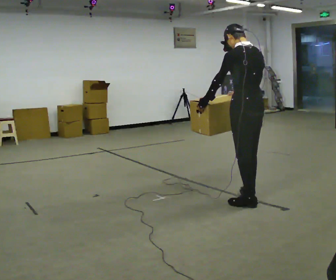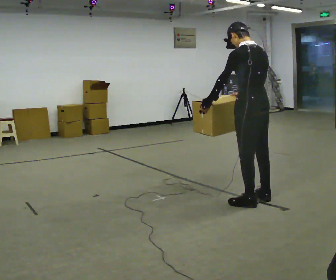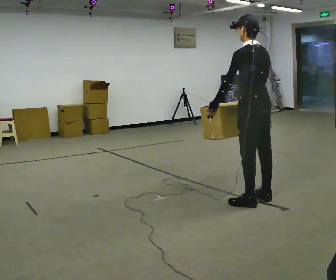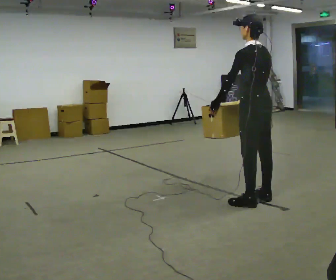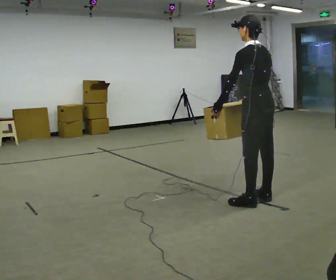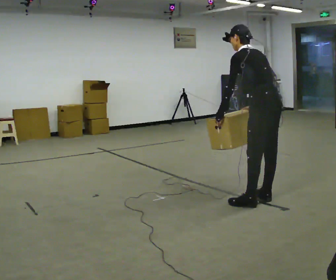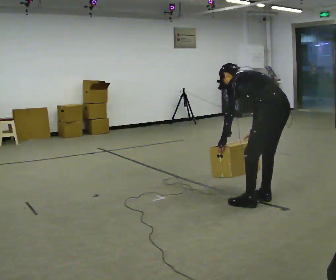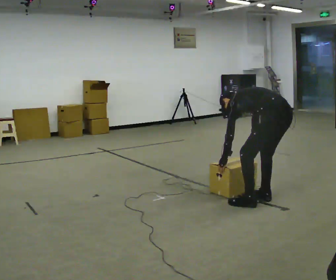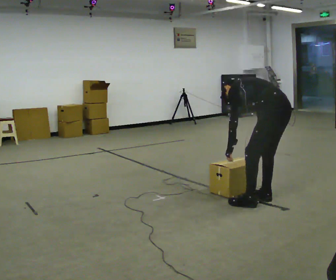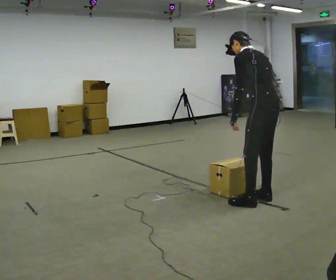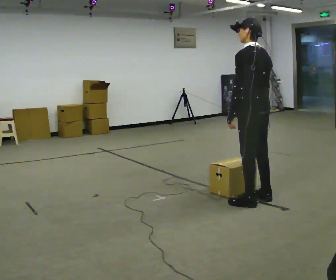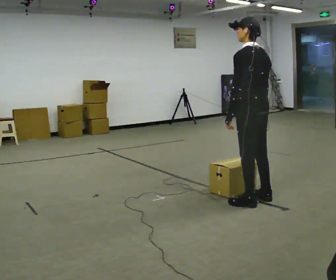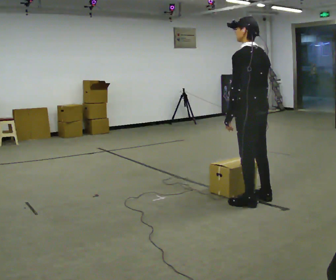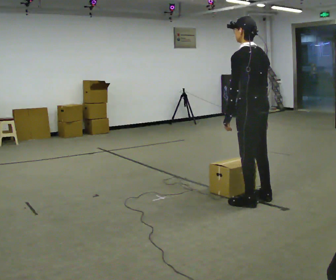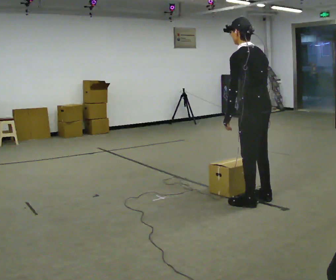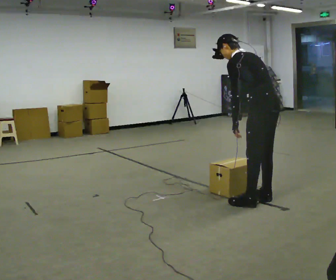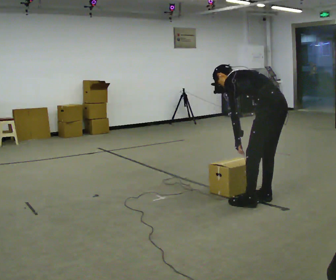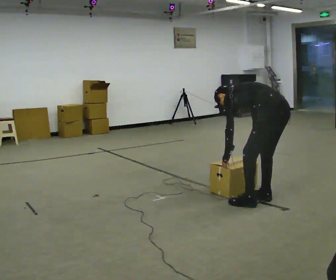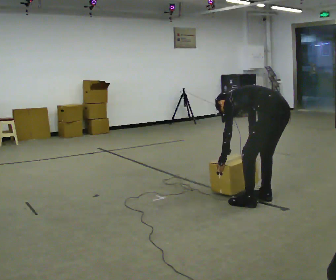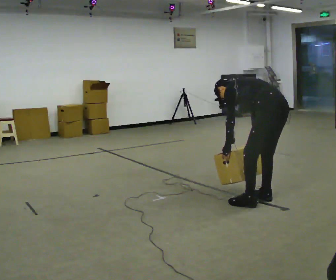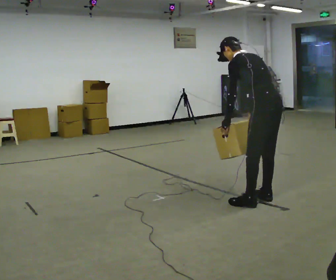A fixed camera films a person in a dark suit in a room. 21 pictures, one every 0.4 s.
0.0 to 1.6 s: The person moves a little, or ends about where they began.
1.6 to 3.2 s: In the picture they go to the right, about 0.25 m, which for them is backward. In the picture their left hand goes downward.
3.2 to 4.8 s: In the picture they go to the left, about 0.25 m, which for them is forward and to their left. The shoulders move upward. In the picture the upper body tilts clockwise, shoulders to the right, as they lean back or straighten.
4.8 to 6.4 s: In the picture they go to the right, about 0.25 m, which for them is backward. The shoulders move downward. In the picture the upper body tilts counterclockwise, shoulders to the left, as they bend forward.
6.4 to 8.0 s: The person moves a little, or ends about where they began.
The film runs backward here.
